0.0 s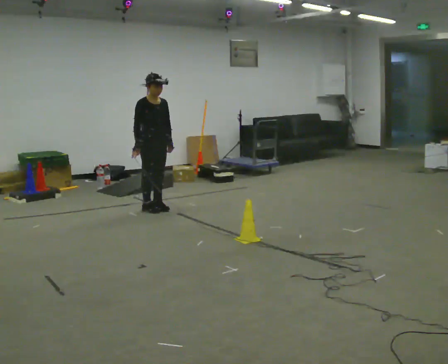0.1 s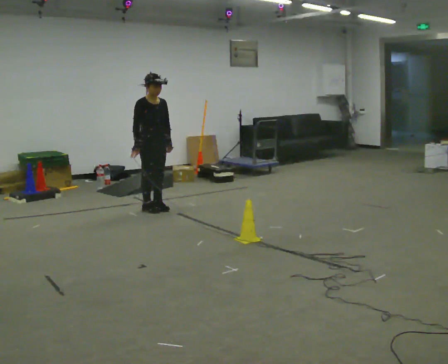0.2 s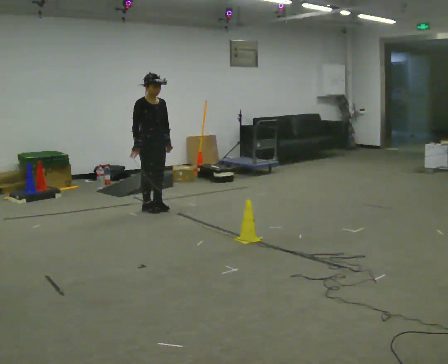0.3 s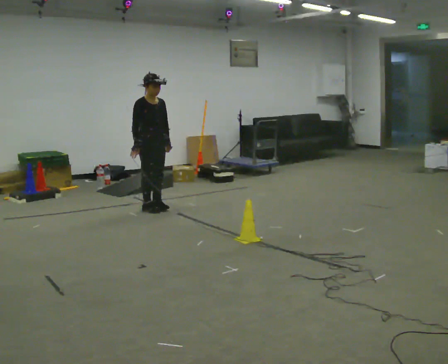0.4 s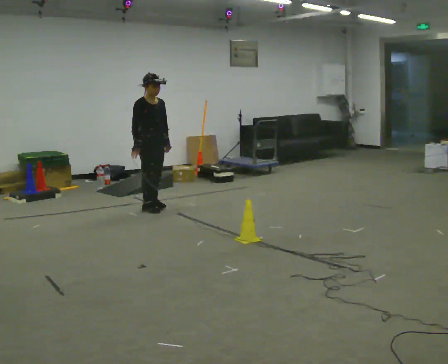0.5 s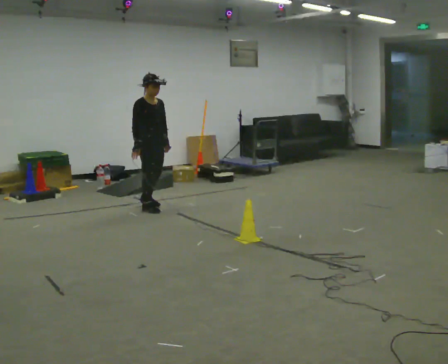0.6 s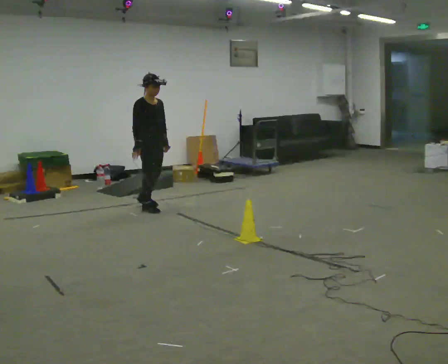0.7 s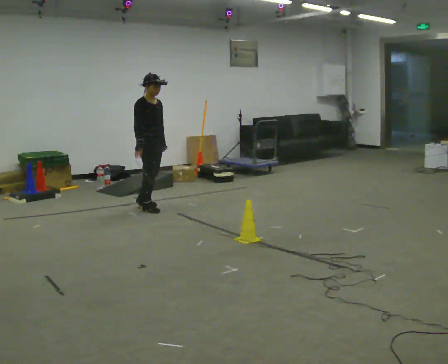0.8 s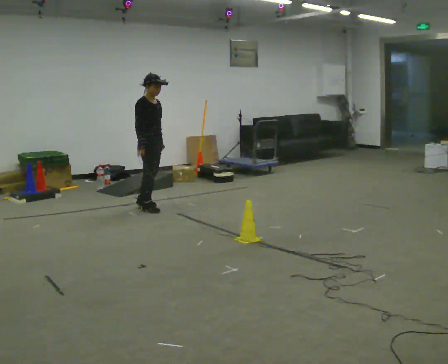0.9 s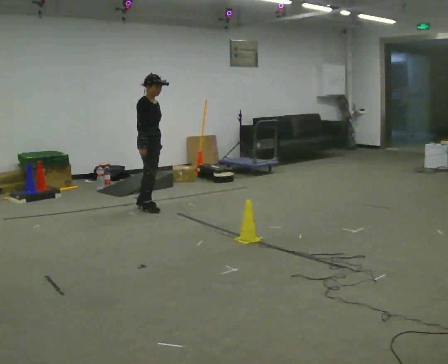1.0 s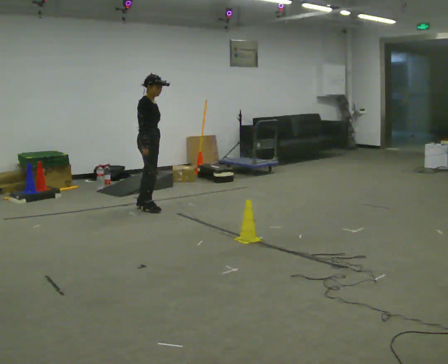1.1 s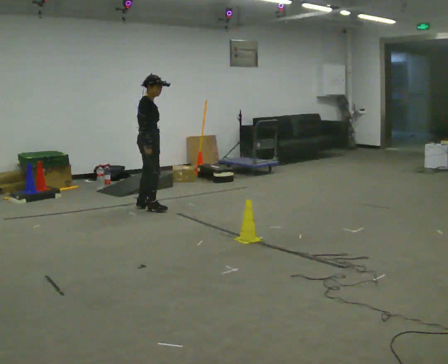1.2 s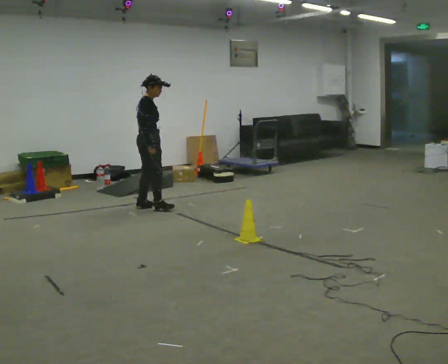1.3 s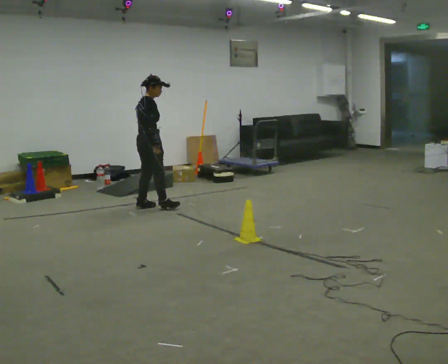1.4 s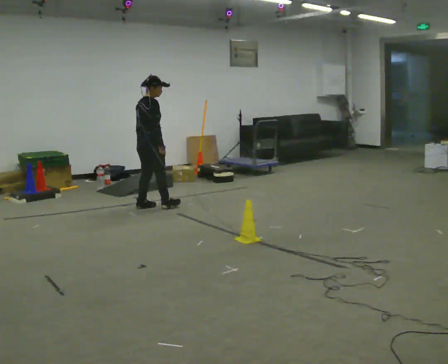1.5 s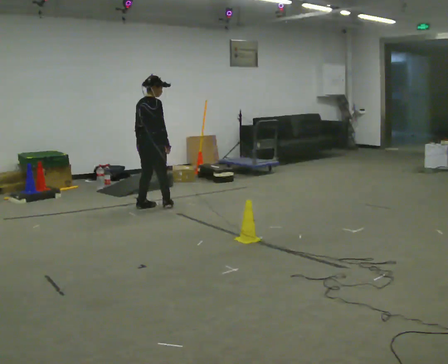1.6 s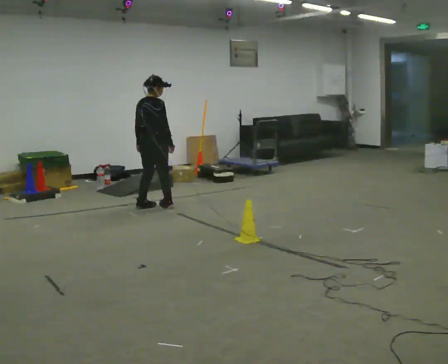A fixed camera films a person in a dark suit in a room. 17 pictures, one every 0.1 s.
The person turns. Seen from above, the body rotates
counterclockwise.
The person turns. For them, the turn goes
to their left.
0.0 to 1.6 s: The part of the body nearest the lens slides to the right as the person turns to their left by about 105 degrees. In the picture they go away from the camera, about 0.25 m in 2 steps. In the picture their right hand goes to the right.
The film runs backward here.
